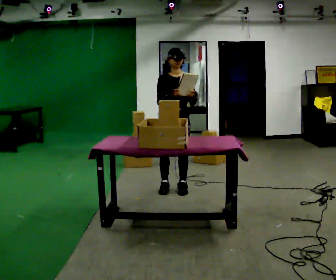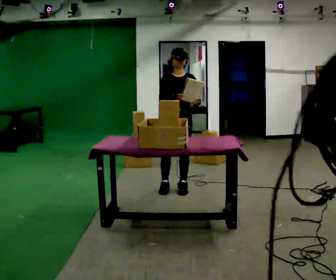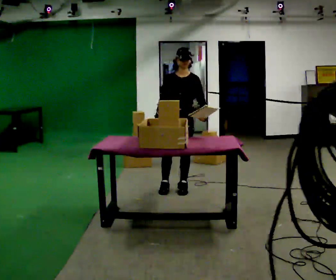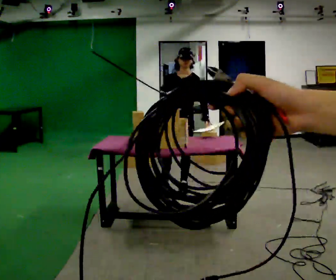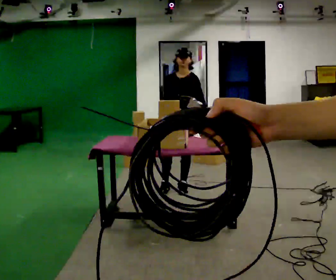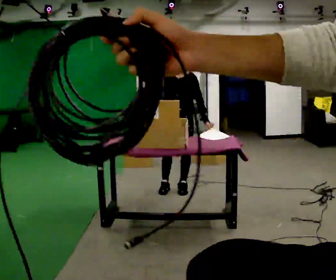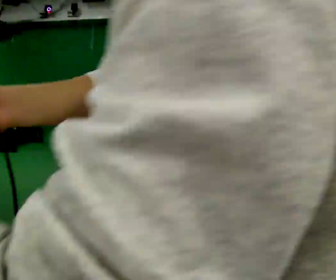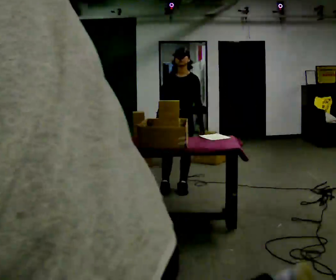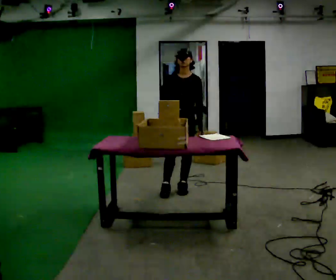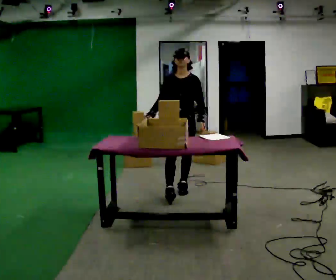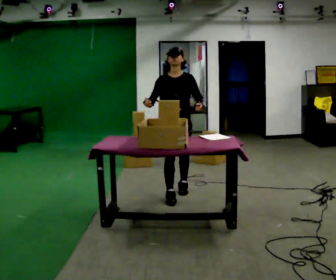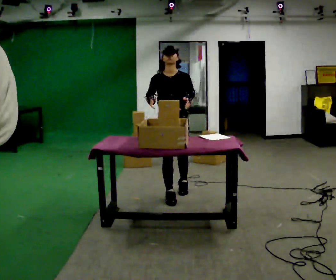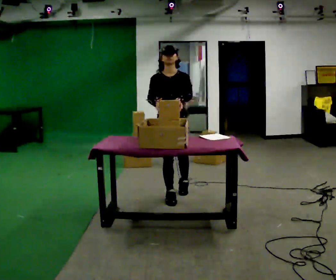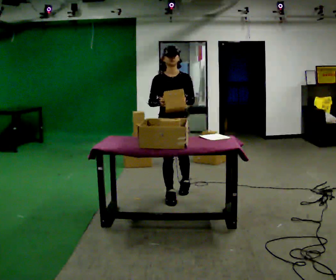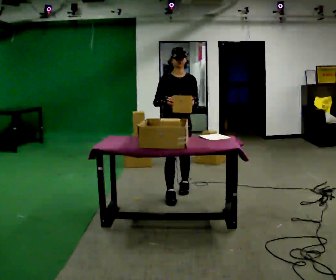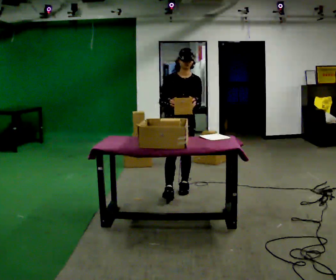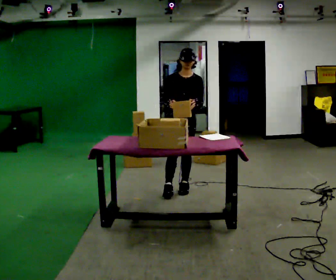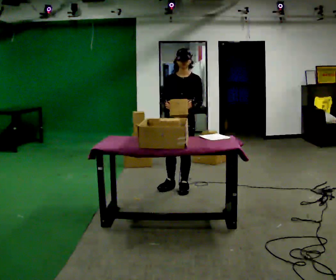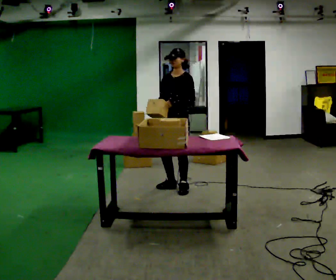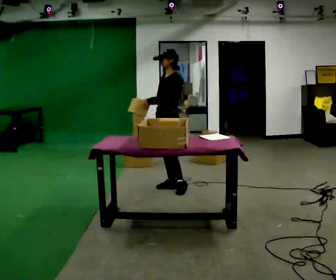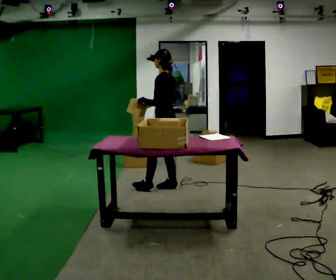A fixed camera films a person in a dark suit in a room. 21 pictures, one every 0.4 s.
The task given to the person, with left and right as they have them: 1. Take the objects out of the box on the table one at a time. 2. Put each one in the bin the operator has labelled for it. 3. Tell the operator when you are finished.
0.0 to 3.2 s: The person moves a little, or ends about where they began.
3.2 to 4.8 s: In the picture they go toward the camera, about 0.25 m in 1 step, which for them is forward.
4.8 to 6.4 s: In the picture they go away from the camera, about 0.25 m, which for them is backward and to their left.
6.4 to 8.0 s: Seen from above the body turns clockwise, about 105 degrees: to their right, with its near side sliding to the left. In the picture they go to the left, about 0.25 m in 1 step. In the picture their left hand goes to the left.
The film runs forward here.
